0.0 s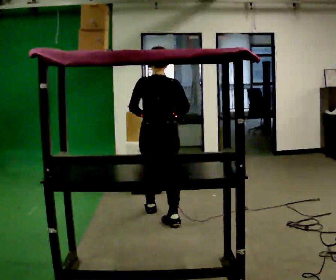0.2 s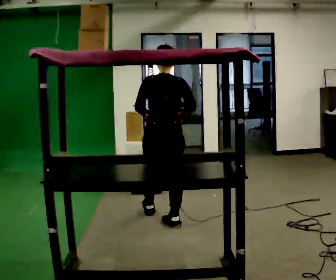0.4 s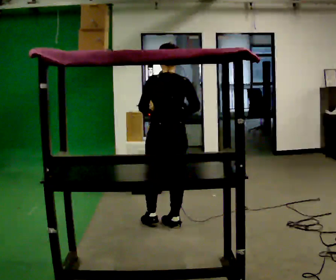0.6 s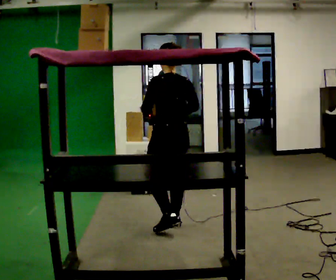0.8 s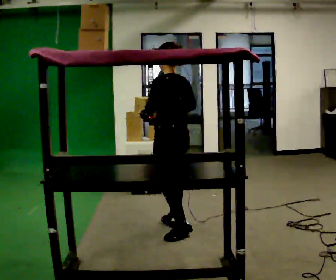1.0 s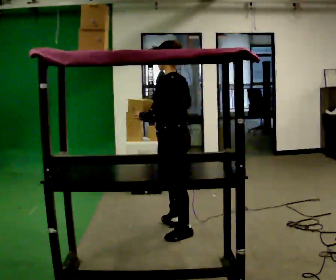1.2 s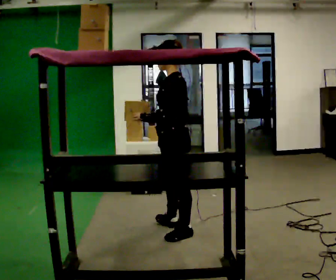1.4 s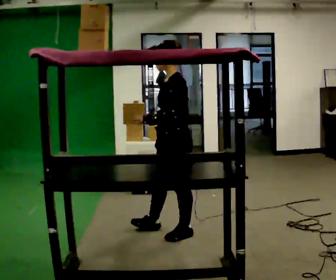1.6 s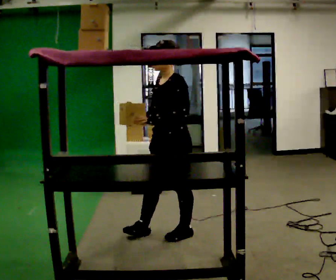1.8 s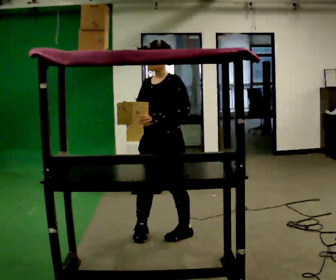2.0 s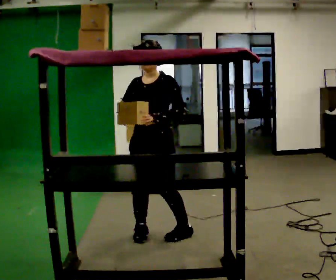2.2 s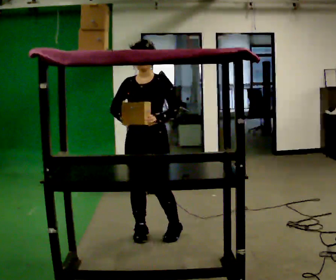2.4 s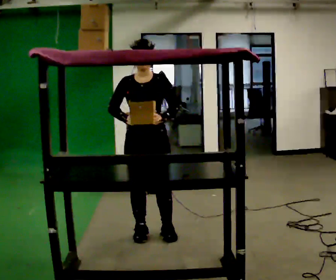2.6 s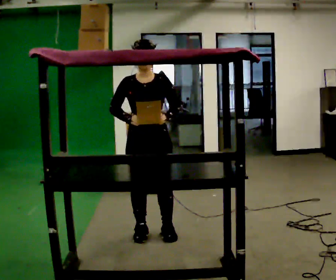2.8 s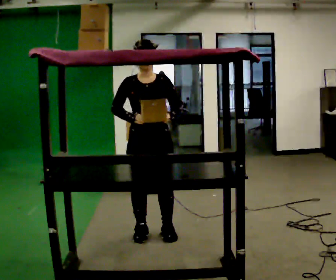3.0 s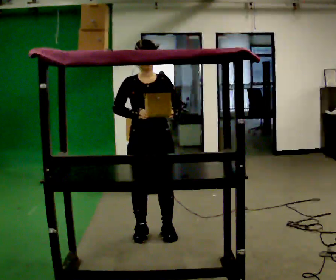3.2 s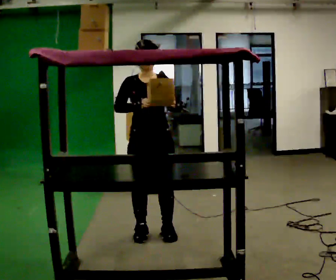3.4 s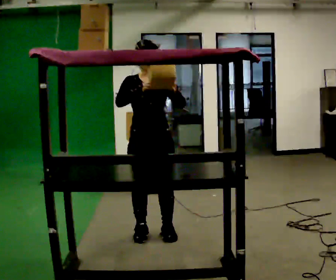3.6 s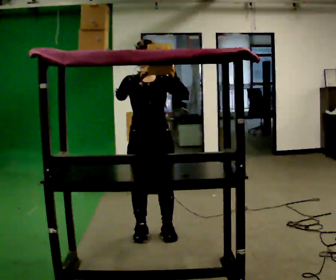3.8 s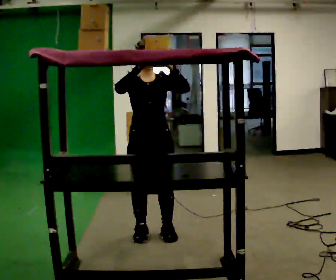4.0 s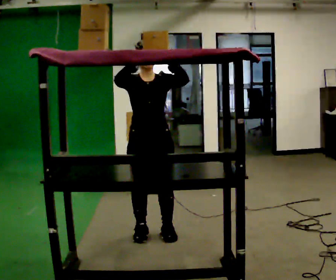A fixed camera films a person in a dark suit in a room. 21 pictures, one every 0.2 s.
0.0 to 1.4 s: The person turns about 90 degrees to their left, counterclockwise seen from above, so the part of the body nearest the lens slides to the right. In the picture they go toward the camera, about 0.5 m in 2 steps.
1.4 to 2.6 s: Seen from above the body turns counterclockwise, about 90 degrees: to their left, with its near side sliding to the right. In the picture they go to the left, about 0.25 m in 1 step.
2.6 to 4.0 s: In the picture their right hand goes upward.
The film runs backward here.
